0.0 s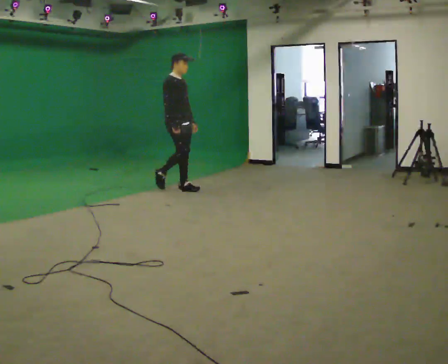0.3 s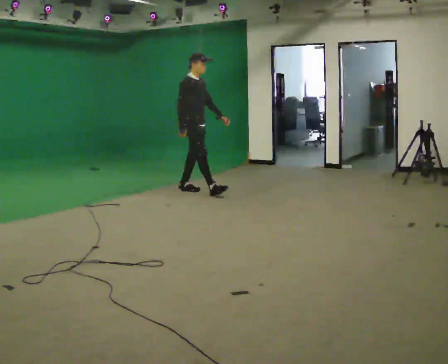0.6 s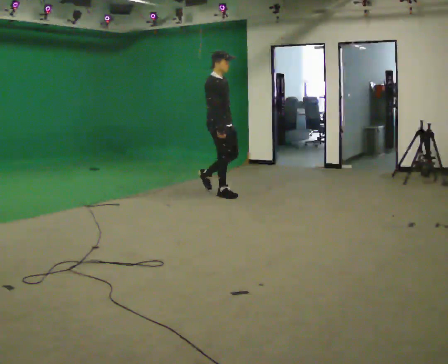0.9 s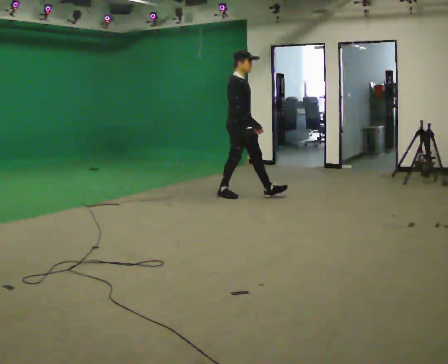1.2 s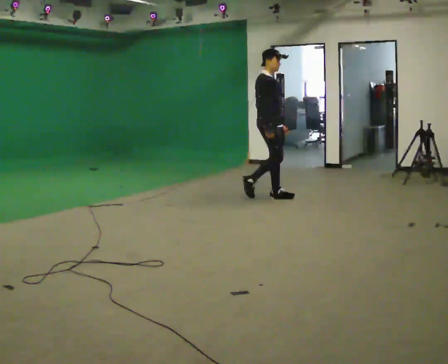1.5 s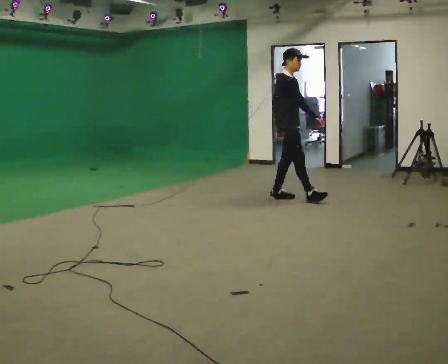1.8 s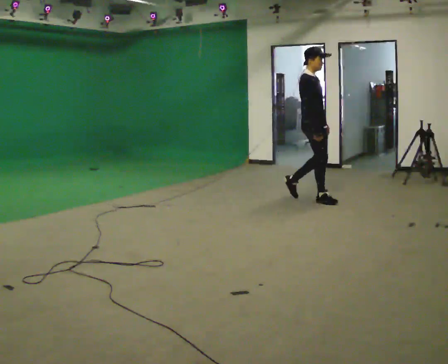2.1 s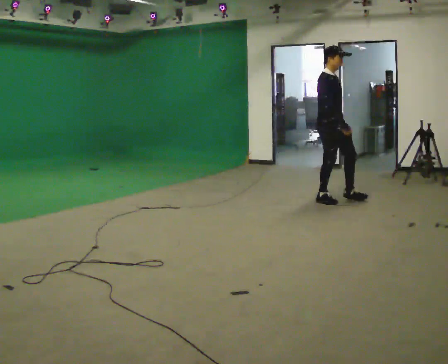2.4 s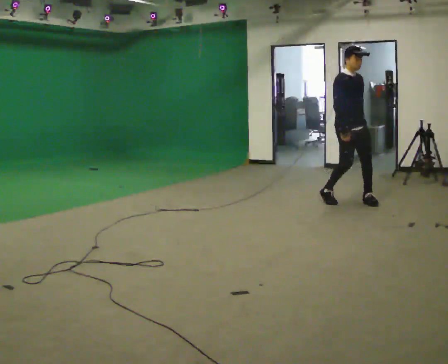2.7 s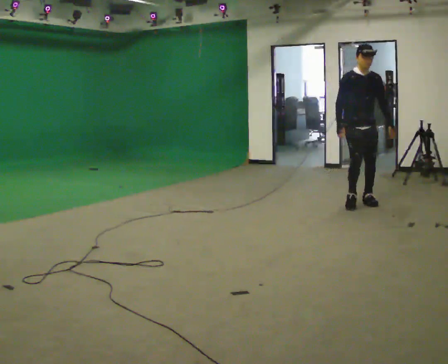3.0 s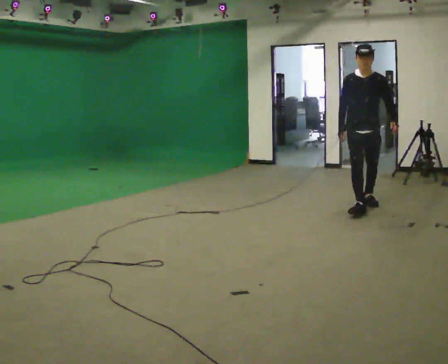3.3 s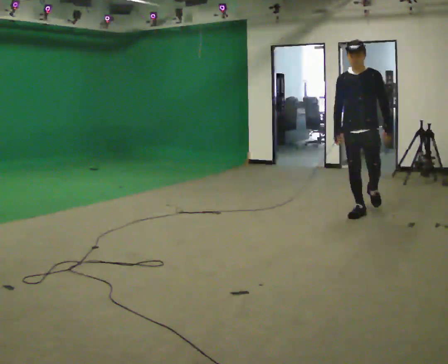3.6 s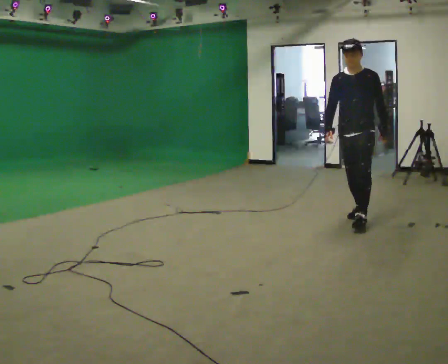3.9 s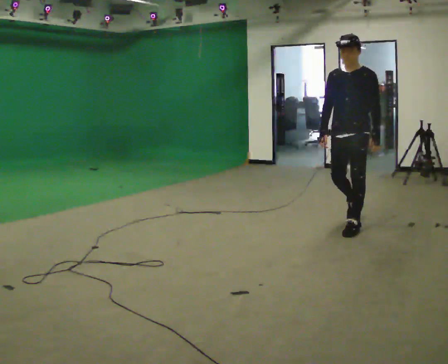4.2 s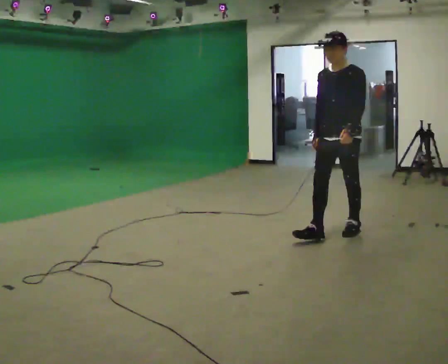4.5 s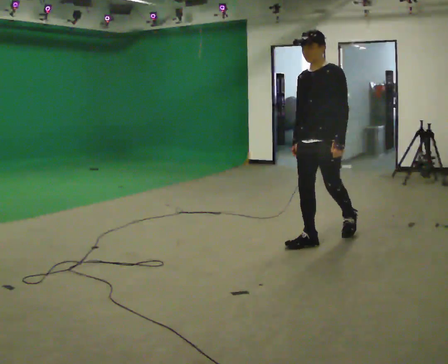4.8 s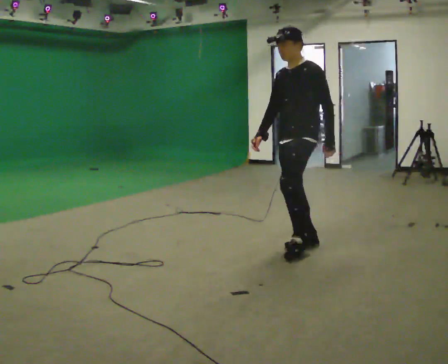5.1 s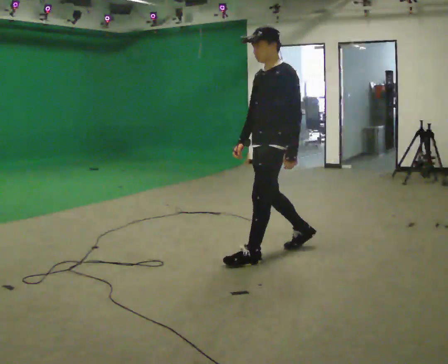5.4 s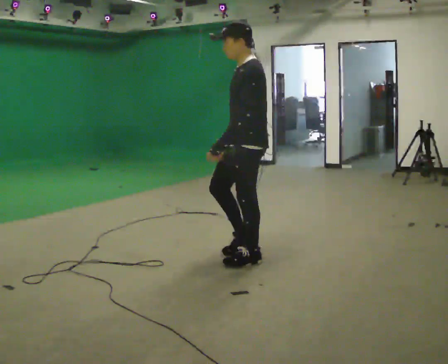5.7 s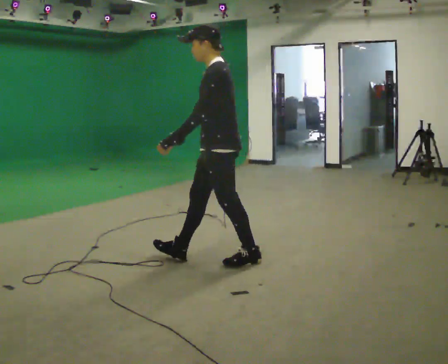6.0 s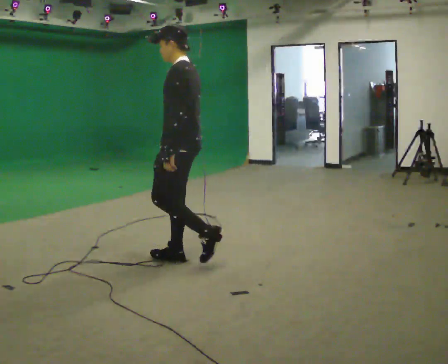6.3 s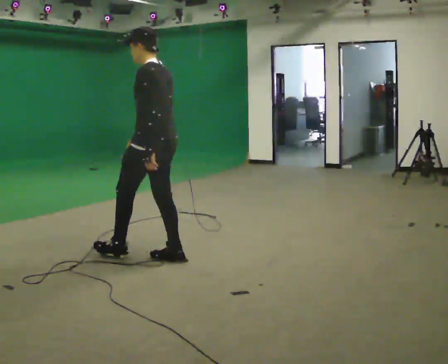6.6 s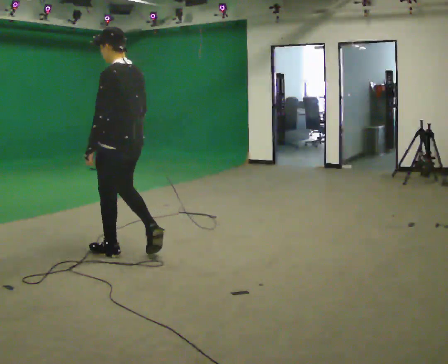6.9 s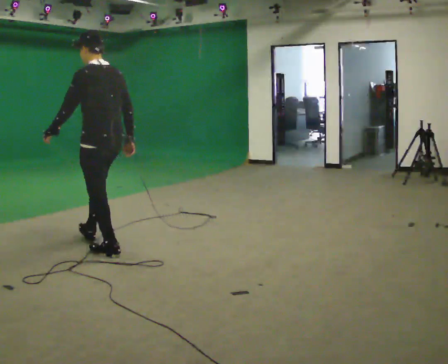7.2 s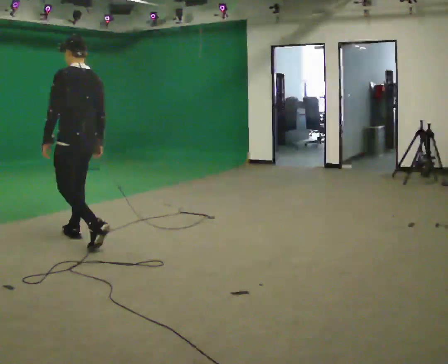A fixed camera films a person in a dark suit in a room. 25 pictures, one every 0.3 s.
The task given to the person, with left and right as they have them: Walk continuously around room; naturally change direction/speed; no manipulation.
0.0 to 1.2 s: In the picture they go to the right, about 1 m in 2 steps, which for them is forward.
1.2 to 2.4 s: The part of the body nearest the lens slides to the left as the person turns to their right by about 30 degrees. In the picture they go to the right, about 1 m in 2 steps, which for them is forward.
2.4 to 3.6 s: The person turns about 60 degrees to their right, clockwise seen from above, so the part of the body nearest the lens slides to the left. In the picture they go toward the camera, about 0.75 m in 1 step.
3.6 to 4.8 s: The person turns about 30 degrees to their right, clockwise seen from above, so the part of the body nearest the lens slides to the left. In the picture they go toward the camera and to the left, about 1 m in 2 steps, which for them is forward.
4.8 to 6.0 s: Seen from above the body turns clockwise, about 45 degrees: to their right, with its near side sliding to the left. In the picture they go to the left and toward the camera, about 1 m in 2 steps, which for them is forward.
6.0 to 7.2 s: The person turns about 30 degrees to their right, clockwise seen from above, so the part of the body nearest the lens slides to the left. In the picture they go to the left, about 1 m in 2 steps, which for them is forward.
The film runs forward here.
